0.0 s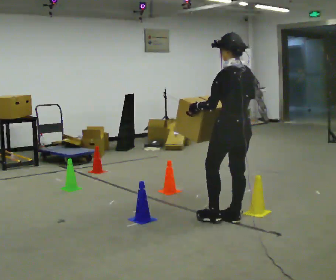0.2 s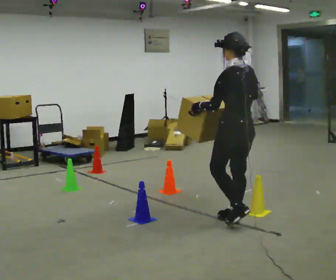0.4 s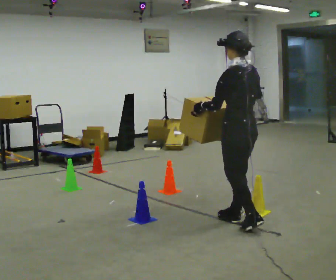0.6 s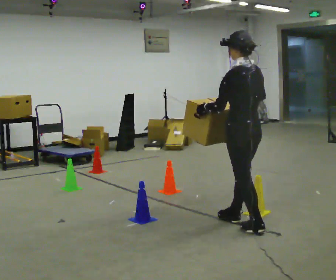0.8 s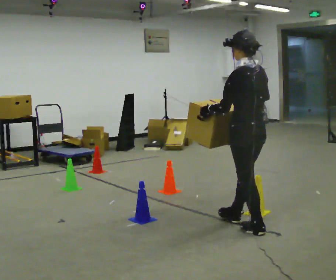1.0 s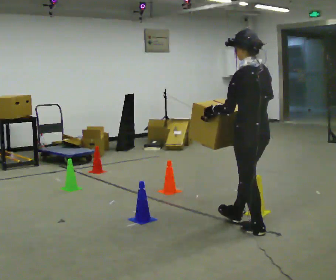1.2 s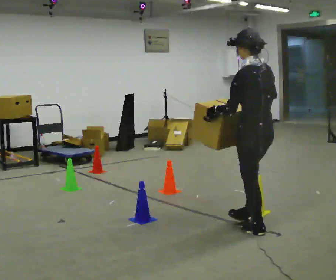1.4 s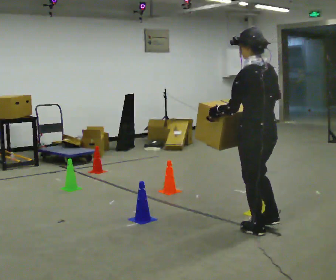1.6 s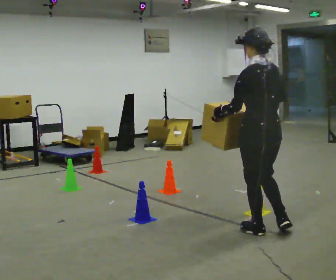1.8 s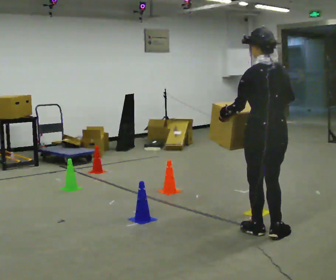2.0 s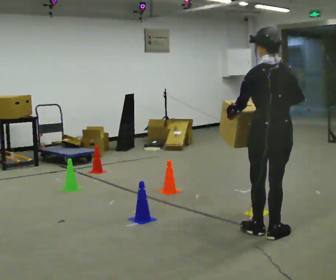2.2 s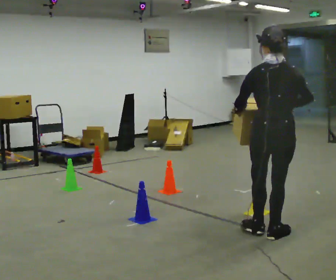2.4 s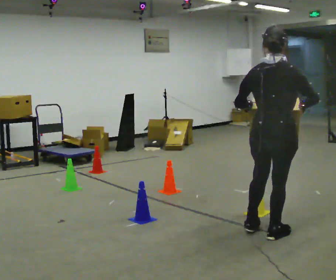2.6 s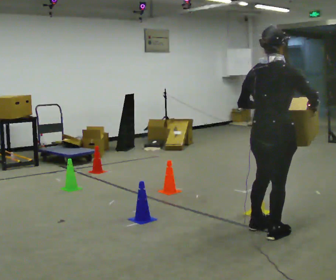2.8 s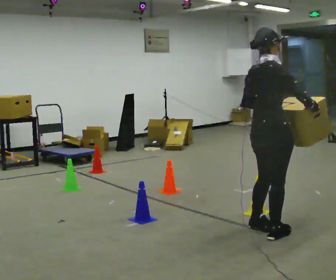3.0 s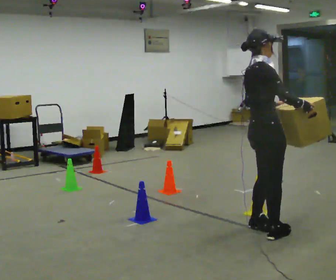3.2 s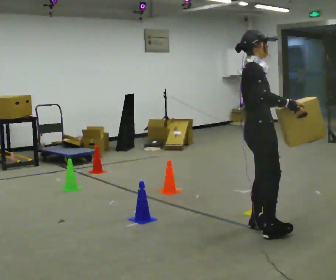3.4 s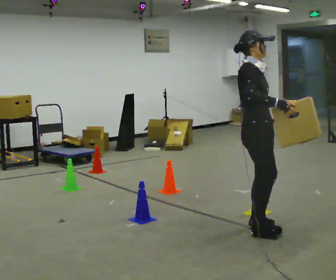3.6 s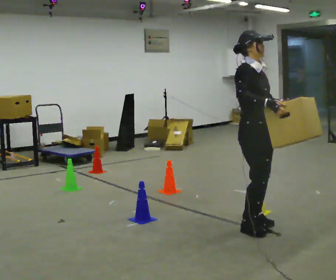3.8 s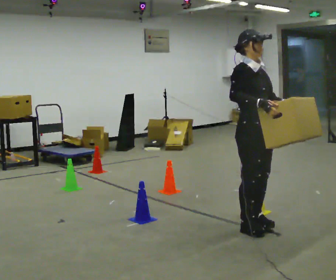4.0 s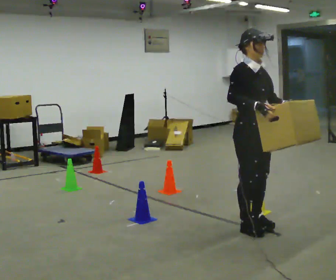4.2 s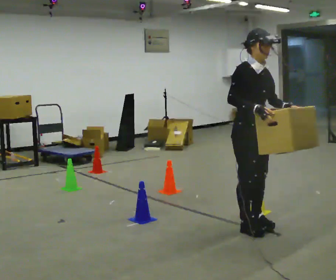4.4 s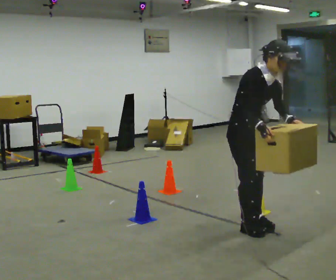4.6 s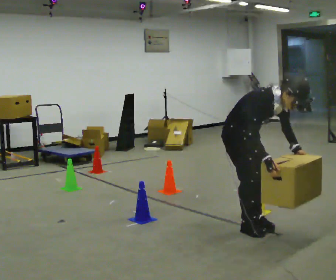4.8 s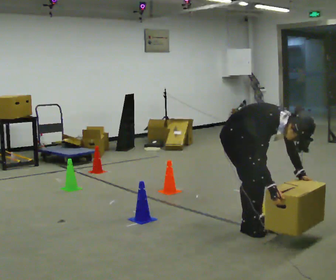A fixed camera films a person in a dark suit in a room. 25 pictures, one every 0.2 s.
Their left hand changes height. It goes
downward.
Their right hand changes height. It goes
downward.
0.0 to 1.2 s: In the picture they go toward the camera and to the right, about 0.25 m in 1 step, which for them is backward.
1.2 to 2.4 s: Seen from above the body turns clockwise, about 60 degrees: to their right, with its near side sliding to the left. In the picture their right hand goes to the right.
2.4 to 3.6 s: The part of the body nearest the lens slides to the left as the person turns to their right by about 105 degrees. In the picture they go away from the camera and to the left, about 0.25 m in 1 step.
3.6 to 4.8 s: The upper body goes downward. In the picture the upper body tilts clockwise, shoulders to the right, as they bend forward. In the picture their right hand goes downward.
The film runs backward here.
